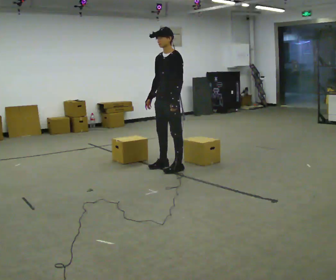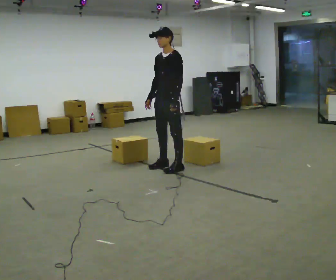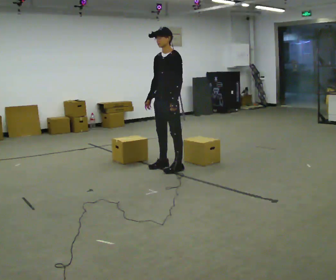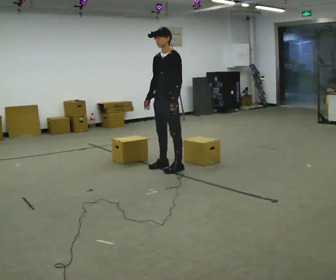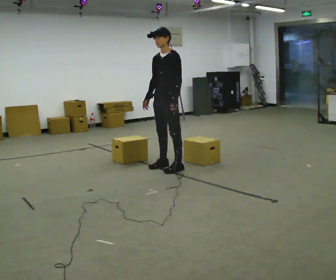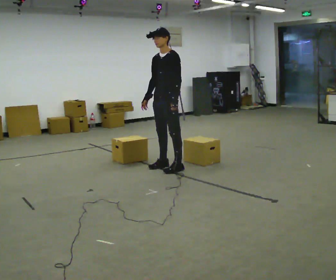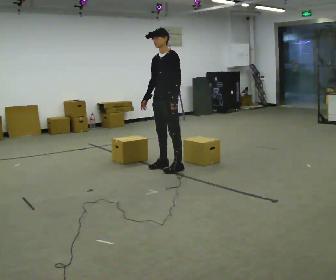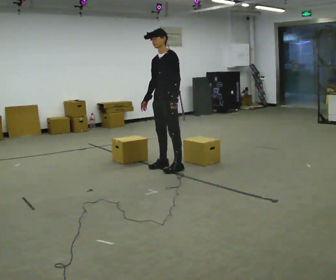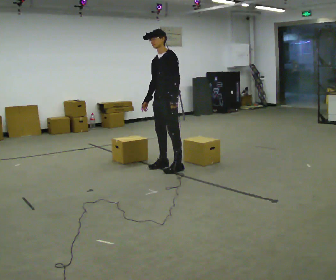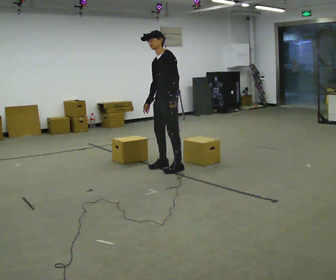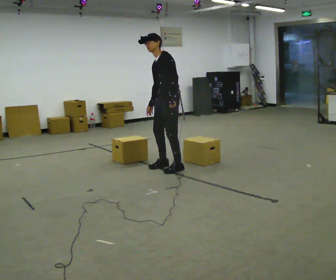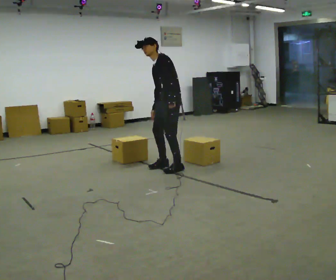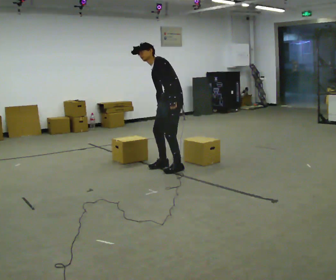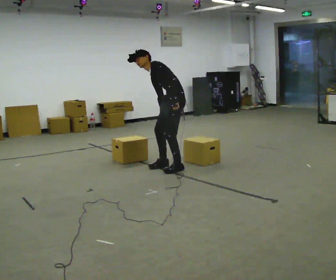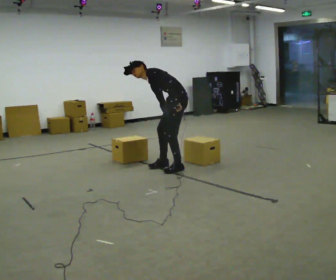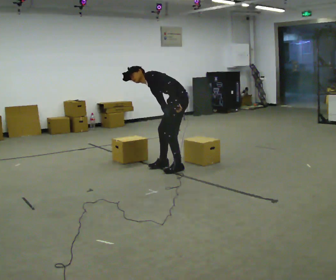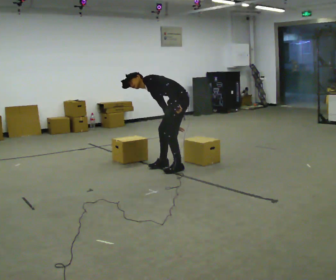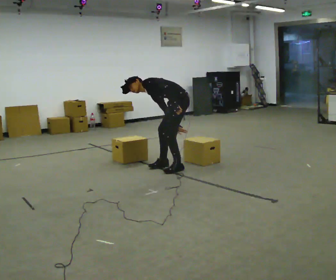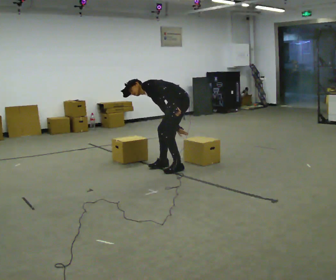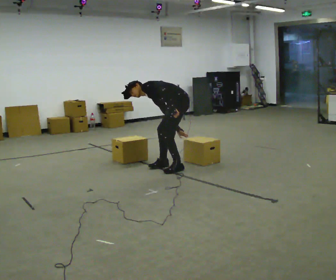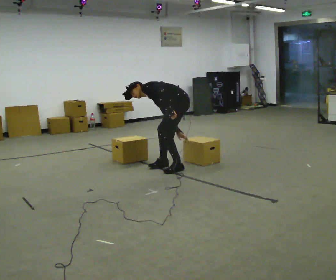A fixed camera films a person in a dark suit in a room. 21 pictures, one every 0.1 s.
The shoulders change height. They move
downward.
Their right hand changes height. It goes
downward.
0.0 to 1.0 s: In the picture the upper body tilts counterclockwise, shoulders to the left.
1.0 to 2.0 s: Seen from above the body turns clockwise, about 45 degrees: to their right, with its near side sliding to the left. The shoulders move downward. In the picture the upper body tilts counterclockwise, shoulders to the left, as they bend forward. In the picture their right hand goes downward and to the right.
The film runs forward here.
